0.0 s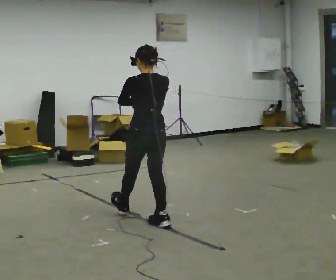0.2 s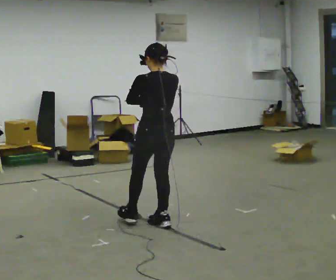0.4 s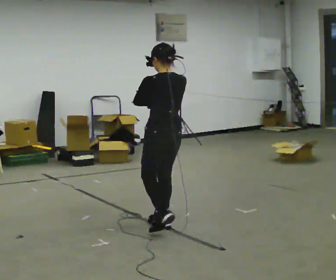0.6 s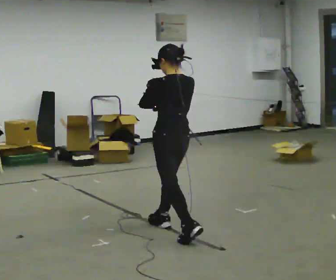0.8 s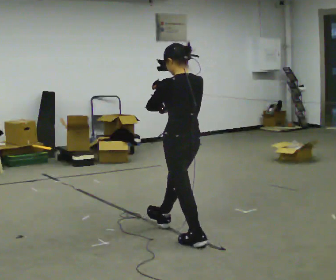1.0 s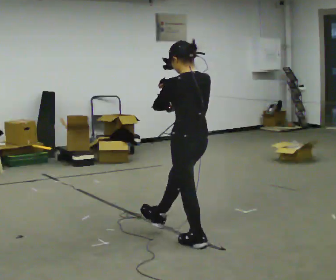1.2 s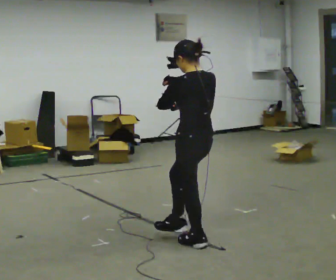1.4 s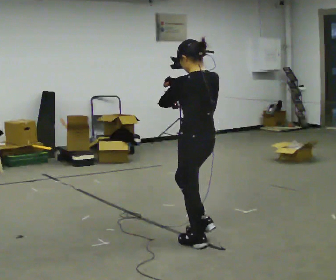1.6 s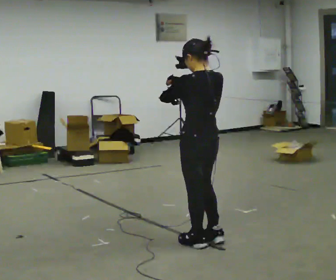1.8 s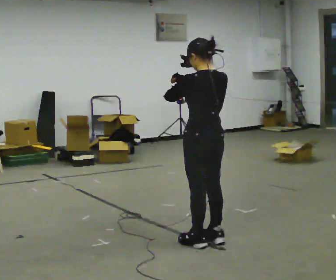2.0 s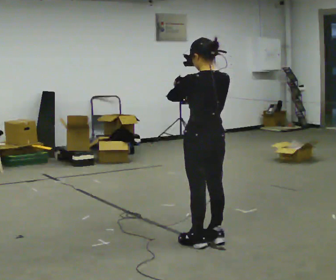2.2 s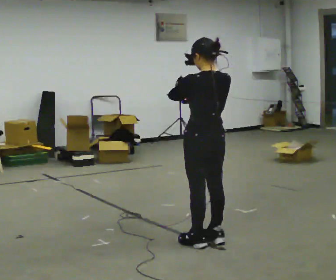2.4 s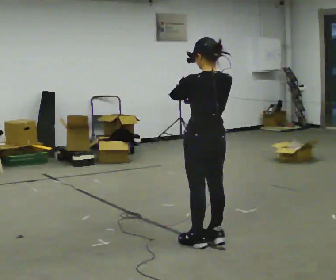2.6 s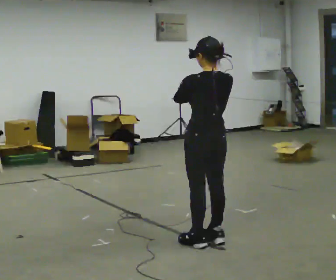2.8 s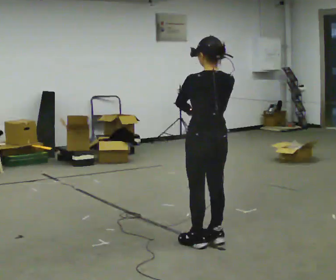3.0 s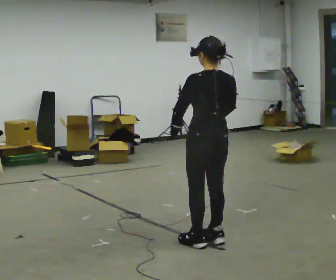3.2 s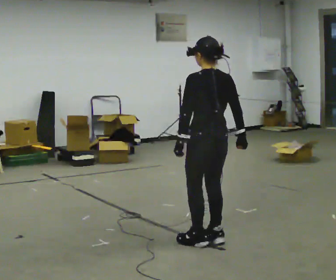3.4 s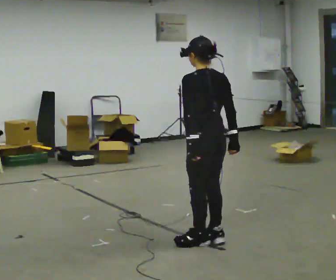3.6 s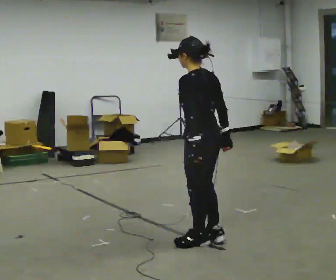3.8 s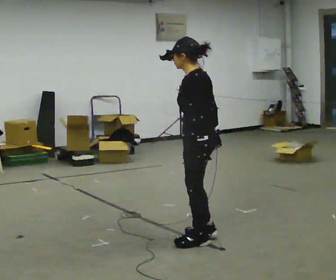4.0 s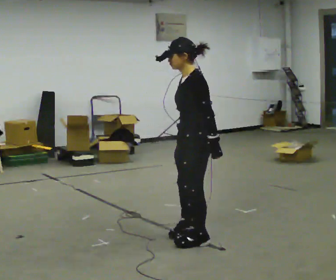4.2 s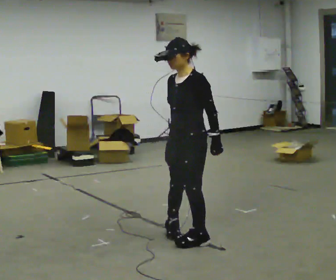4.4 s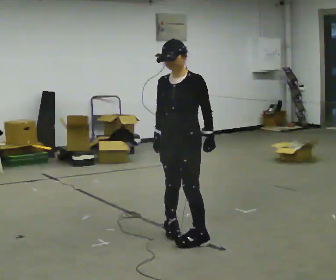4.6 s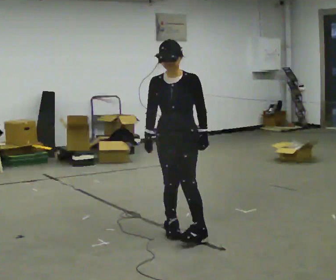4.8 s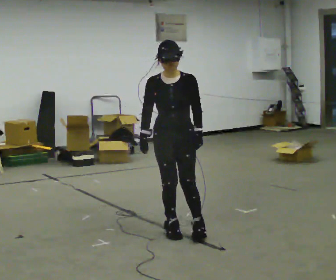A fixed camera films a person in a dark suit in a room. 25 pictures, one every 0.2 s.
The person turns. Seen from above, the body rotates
counterclockwise.
The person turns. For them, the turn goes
to their left.
0.0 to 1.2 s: In the picture they go toward the camera and to the right, about 0.75 m in 1 step, which for them is backward.
1.2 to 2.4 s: The person moves a little, or ends about where they began.
2.4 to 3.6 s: In the picture their right hand goes downward.
3.6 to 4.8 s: The part of the body nearest the lens slides to the right as the person turns to their left by about 135 degrees. In the picture they go away from the camera and to the left, about 0.25 m in 2 steps.
The film runs backward here.
